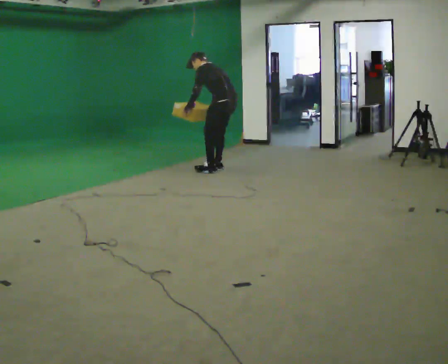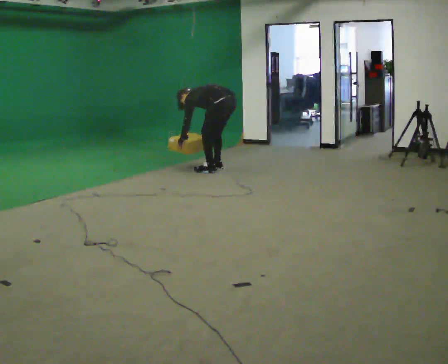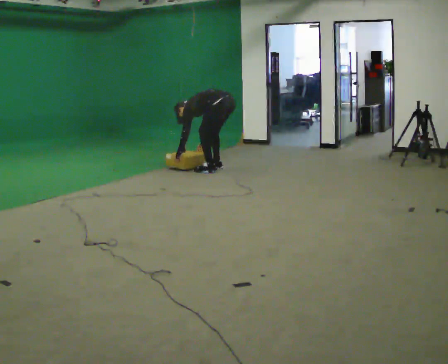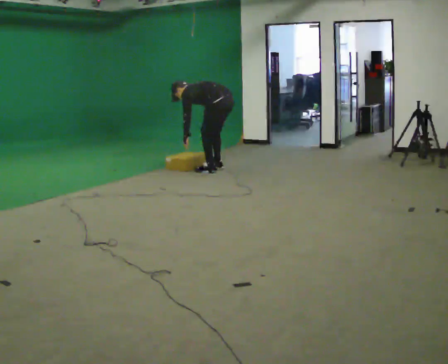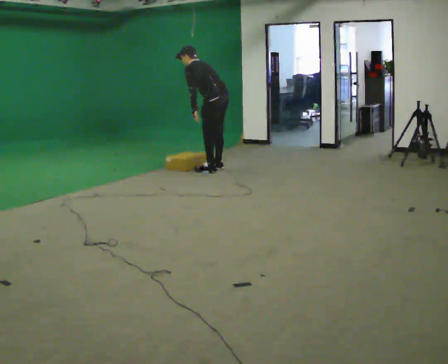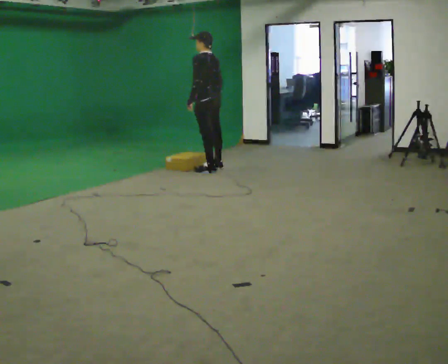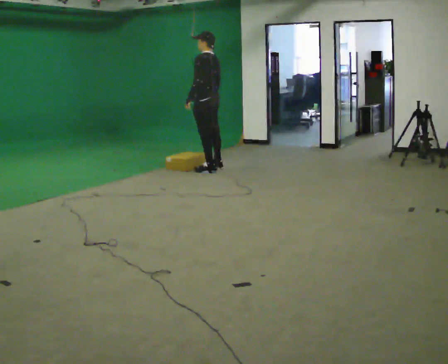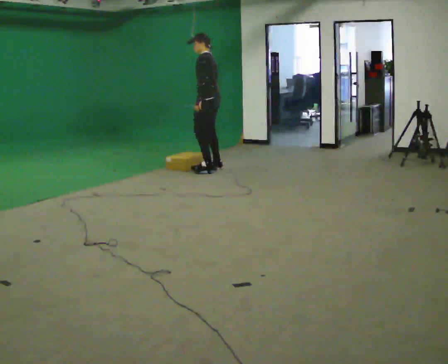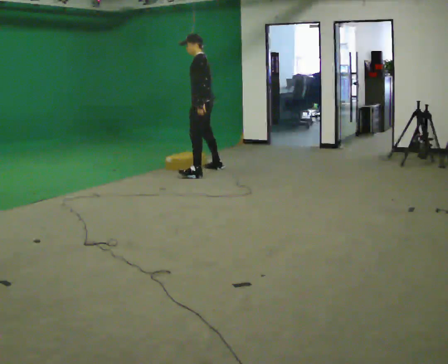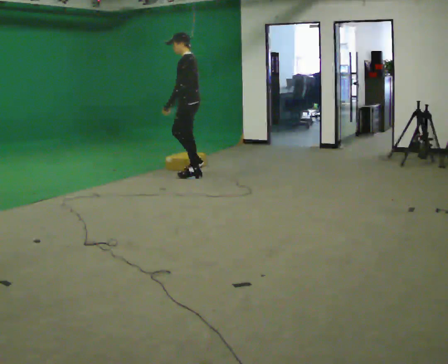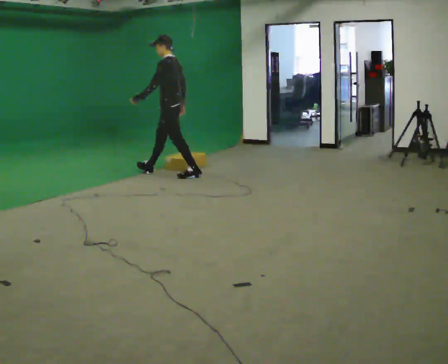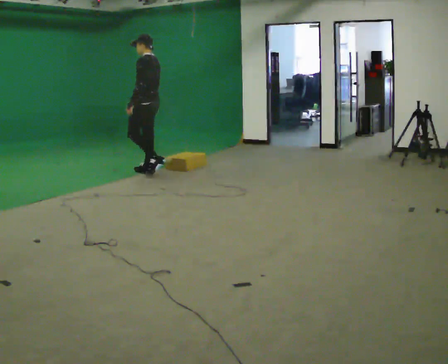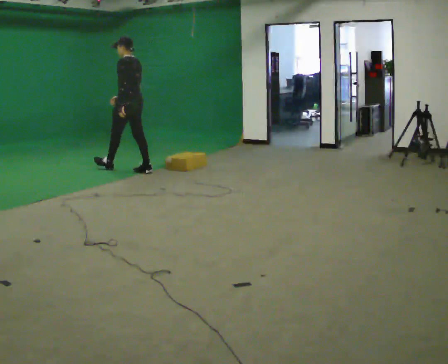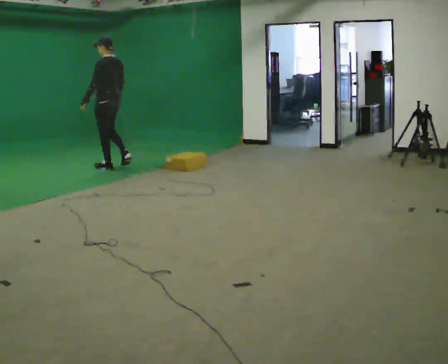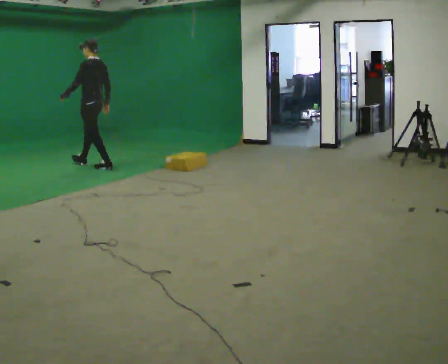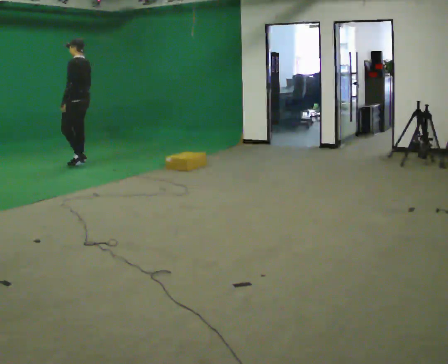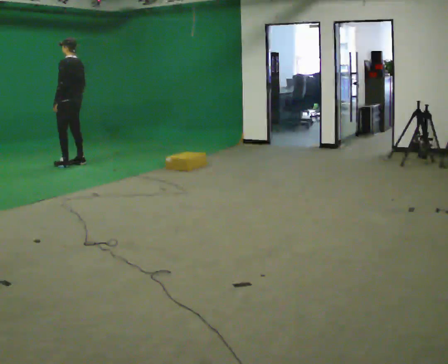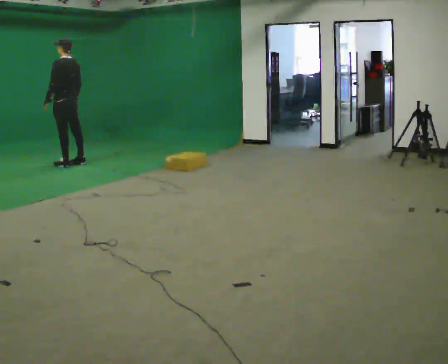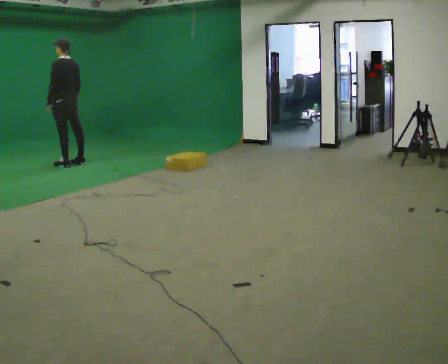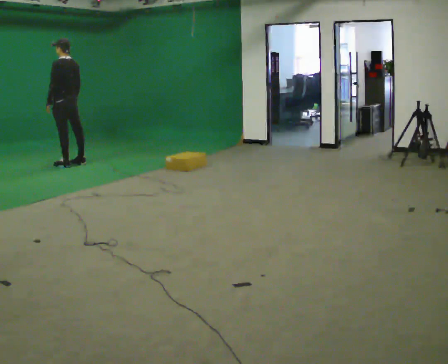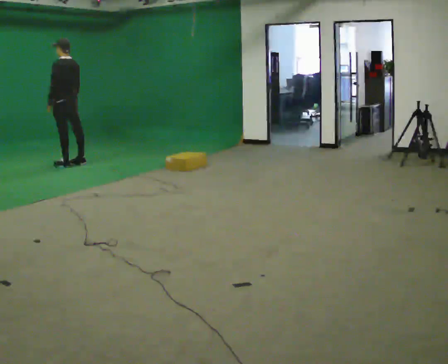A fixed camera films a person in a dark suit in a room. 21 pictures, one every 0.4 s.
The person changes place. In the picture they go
to the left.
0.0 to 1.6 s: The person moves a little, or ends about where they began.
1.6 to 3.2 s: In the picture they go to the left, about 0.25 m in 1 step, which for them is to their left. In the picture the upper body tilts clockwise, shoulders to the right.
3.2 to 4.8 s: In the picture they go to the left, about 1 m in 1 step, which for them is forward.
4.8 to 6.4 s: In the picture they go to the left and away from the camera, about 1 m in 3 steps, which for them is forward.
6.4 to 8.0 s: The person moves a little, or ends about where they began.
The film runs forward here.
